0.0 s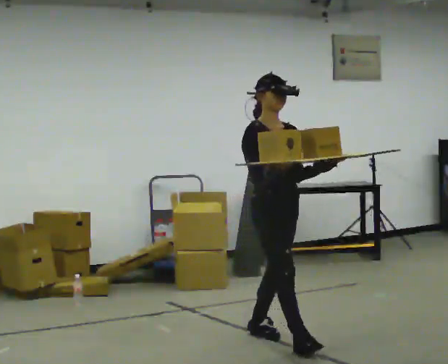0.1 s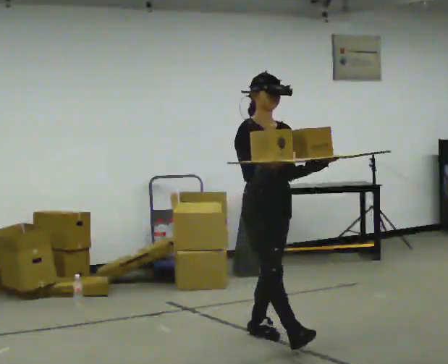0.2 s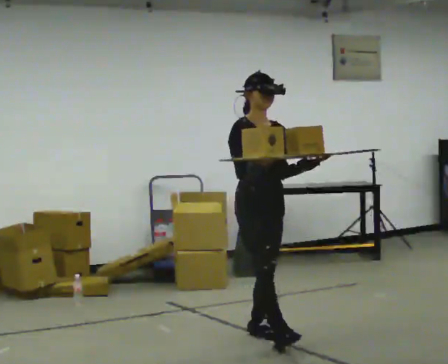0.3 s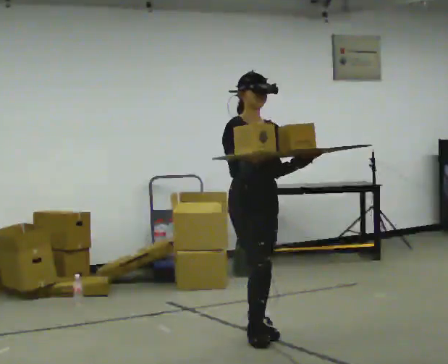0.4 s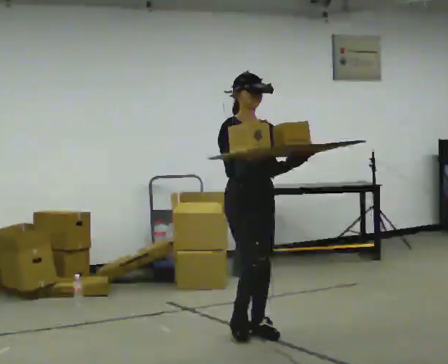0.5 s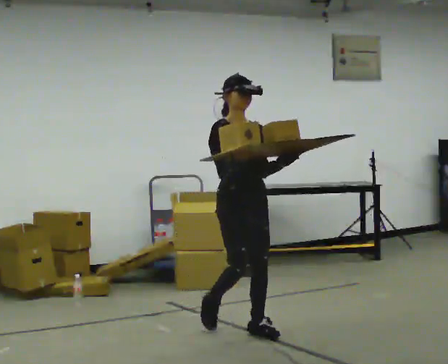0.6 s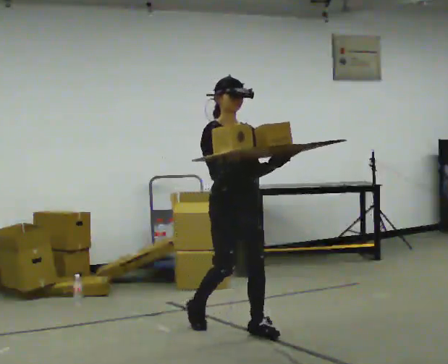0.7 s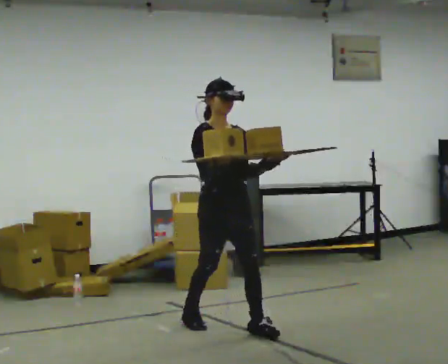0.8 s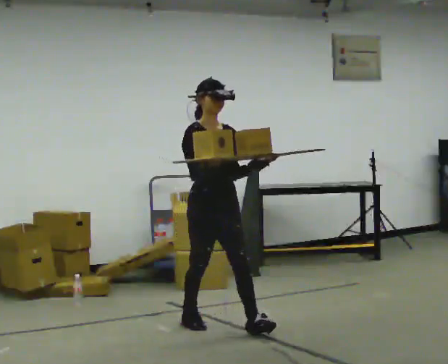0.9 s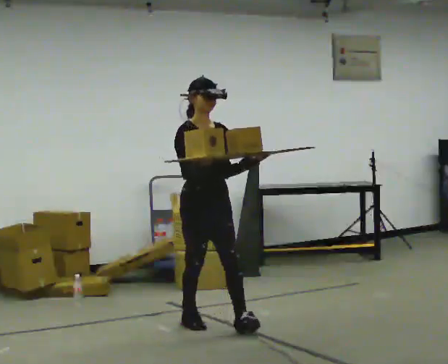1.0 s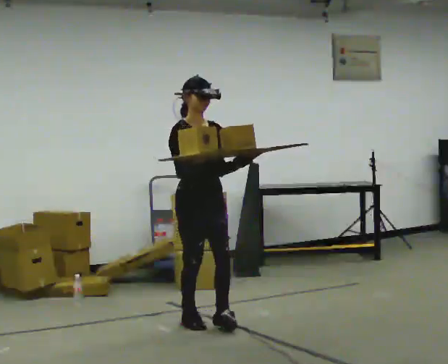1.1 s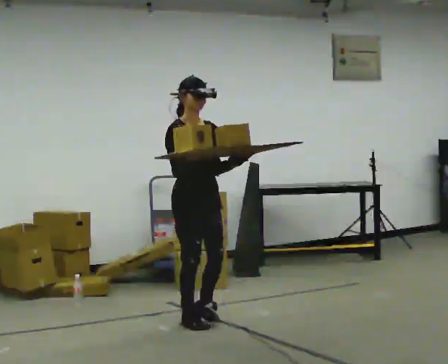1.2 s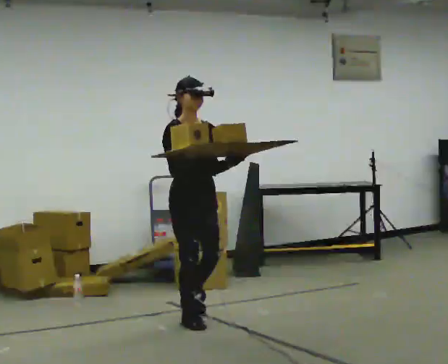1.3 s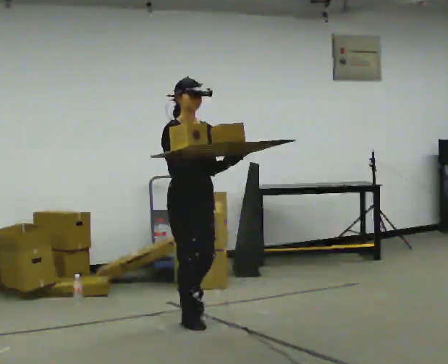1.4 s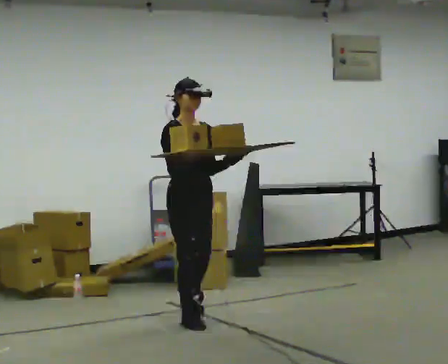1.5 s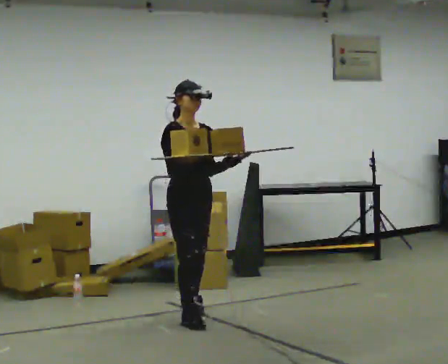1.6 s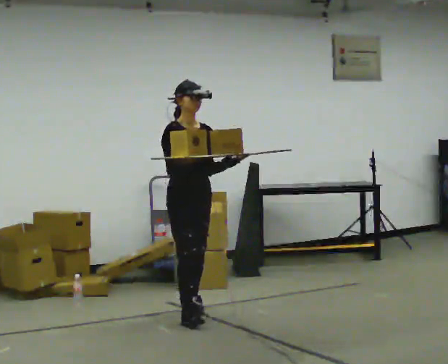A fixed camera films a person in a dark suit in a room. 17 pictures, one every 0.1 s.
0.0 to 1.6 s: In the picture they go away from the camera and to the left, about 1 m in 2 steps, which for them is backward.
The film runs backward here.
